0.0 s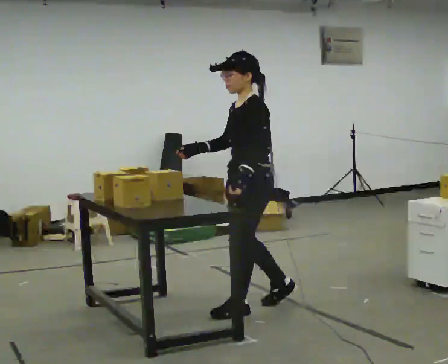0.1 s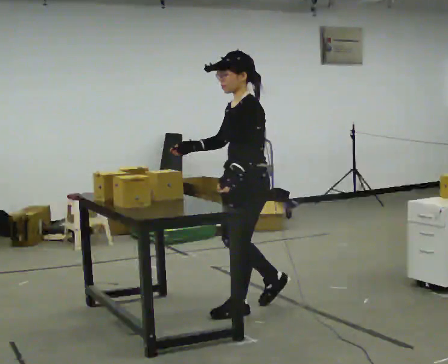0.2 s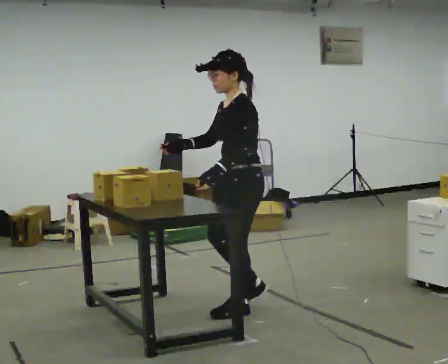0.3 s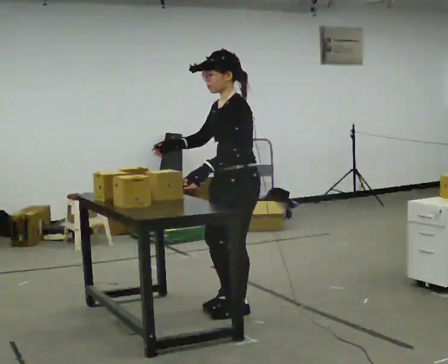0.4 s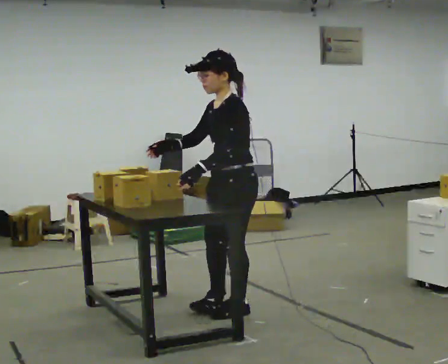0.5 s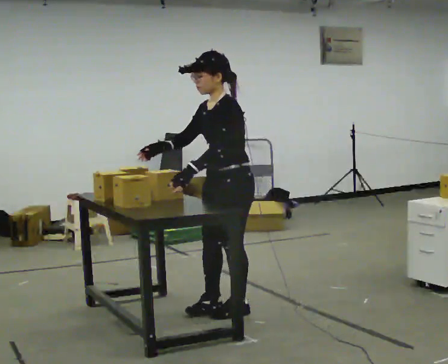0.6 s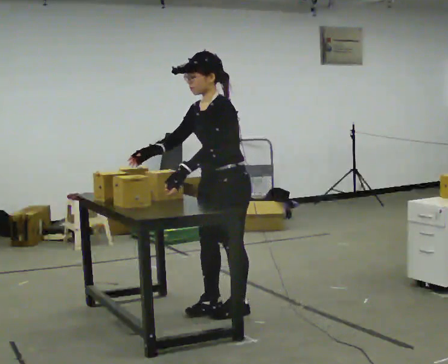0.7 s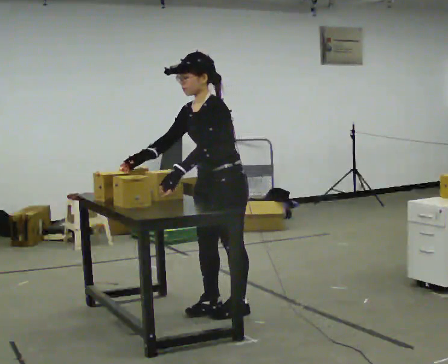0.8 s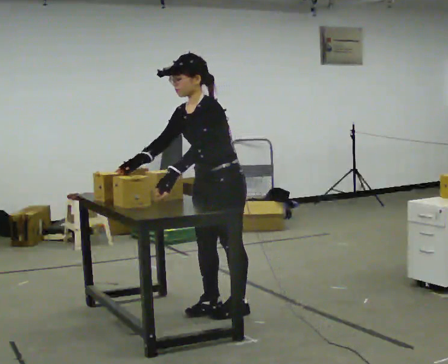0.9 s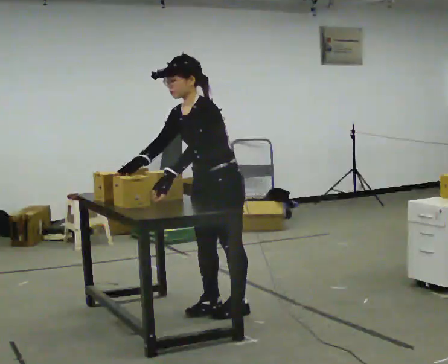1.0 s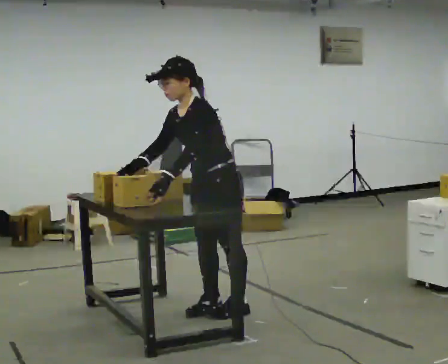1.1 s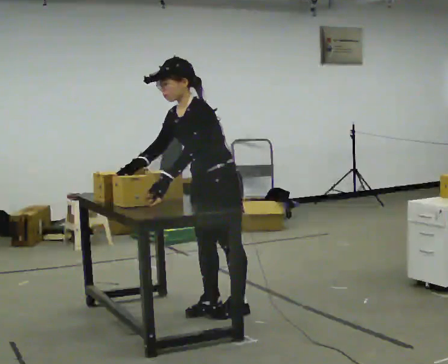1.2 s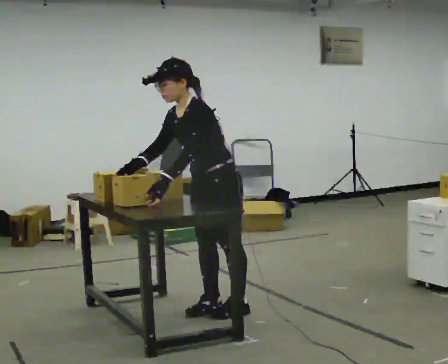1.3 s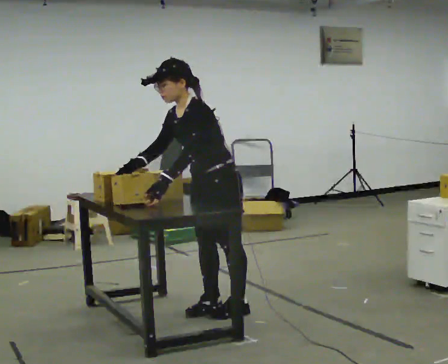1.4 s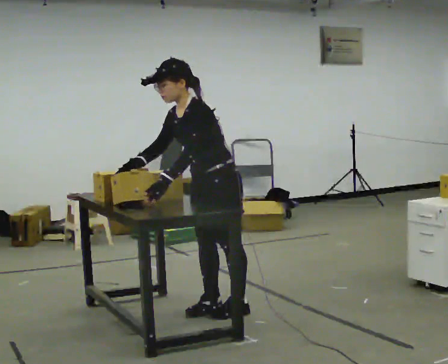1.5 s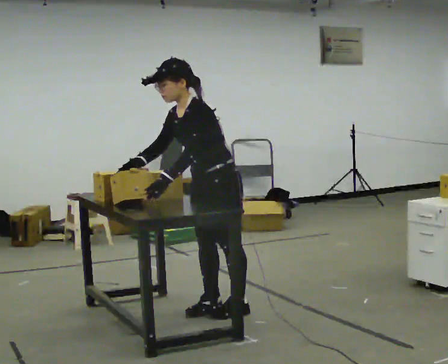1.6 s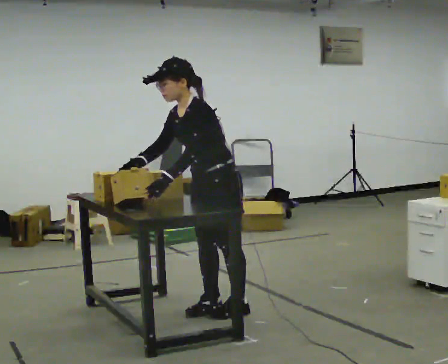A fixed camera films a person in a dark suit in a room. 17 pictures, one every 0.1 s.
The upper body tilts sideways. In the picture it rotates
counterclockwise.
0.0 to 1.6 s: In the picture they go to the left, about 0.25 m in 1 step, which for them is forward. In the picture the upper body tilts counterclockwise, shoulders to the left, as they bend forward. In the picture their right hand goes to the left.
The film runs forward here.
